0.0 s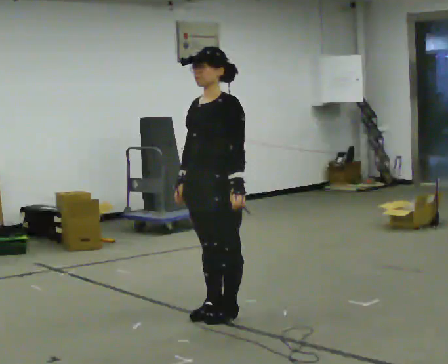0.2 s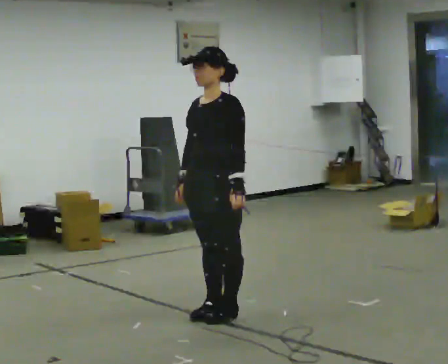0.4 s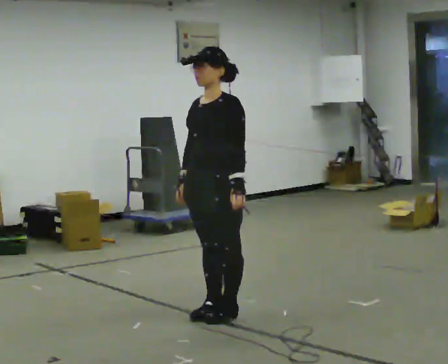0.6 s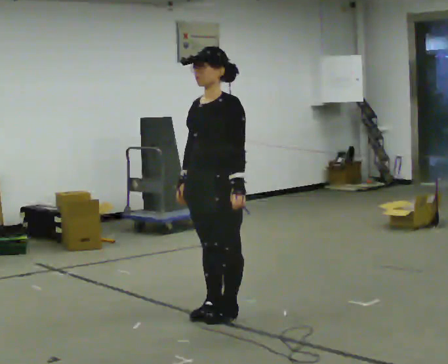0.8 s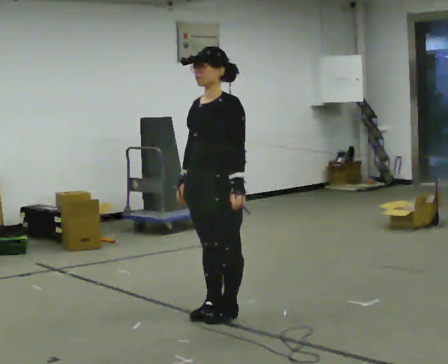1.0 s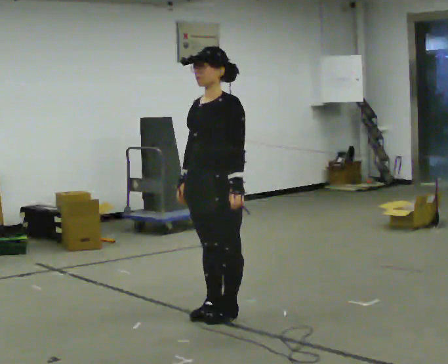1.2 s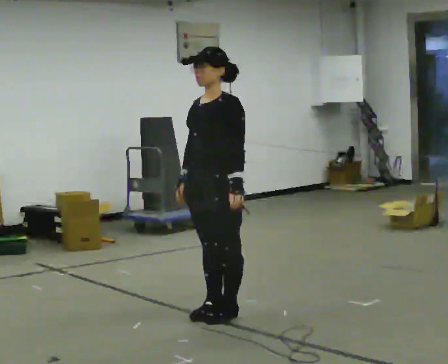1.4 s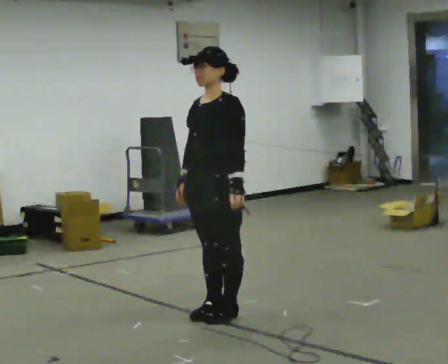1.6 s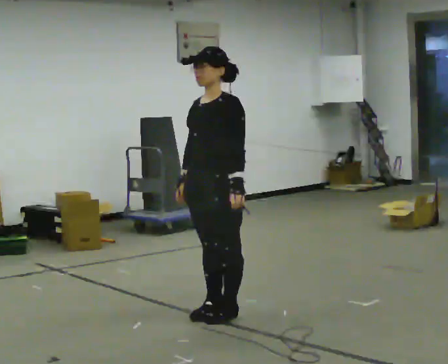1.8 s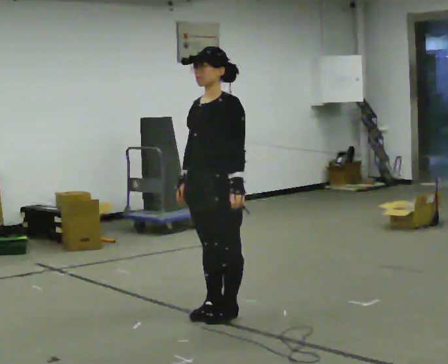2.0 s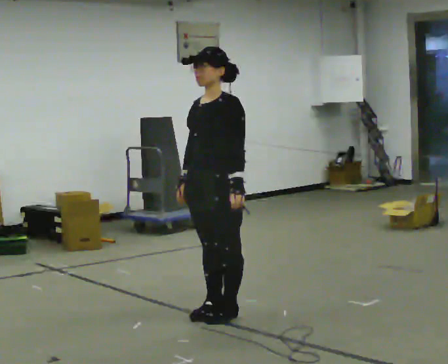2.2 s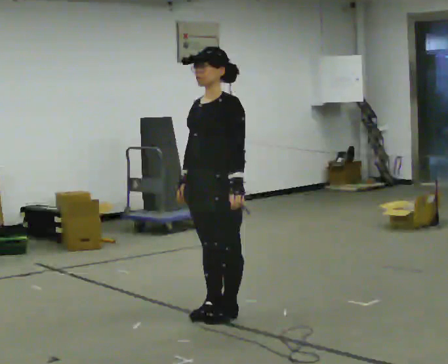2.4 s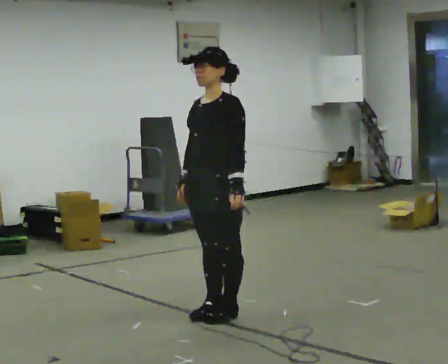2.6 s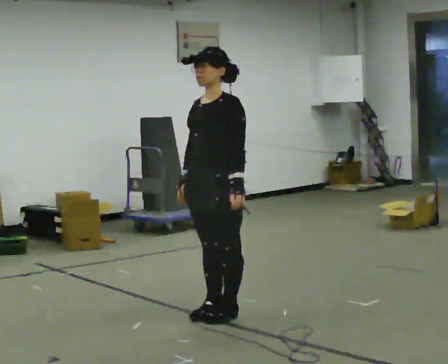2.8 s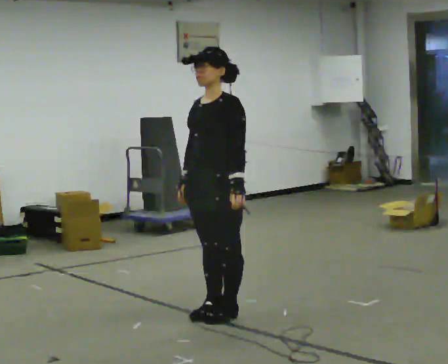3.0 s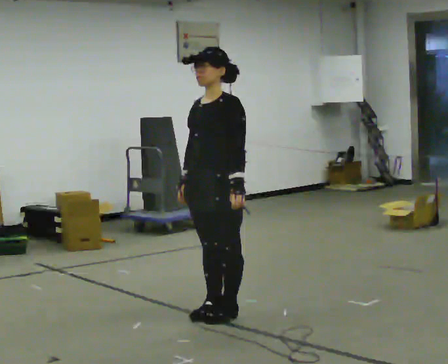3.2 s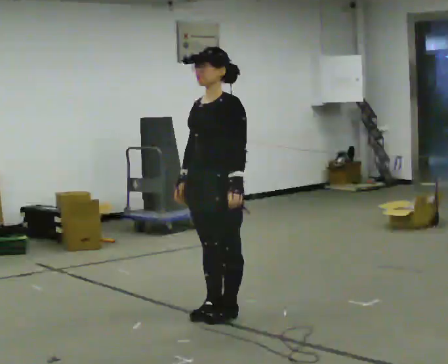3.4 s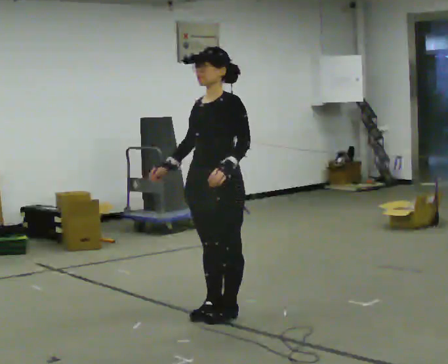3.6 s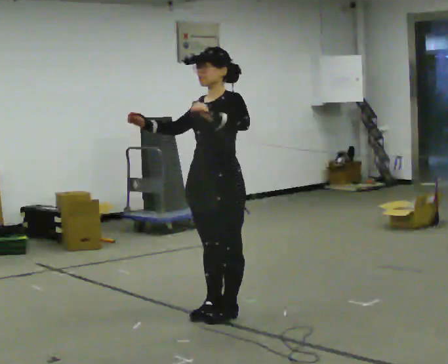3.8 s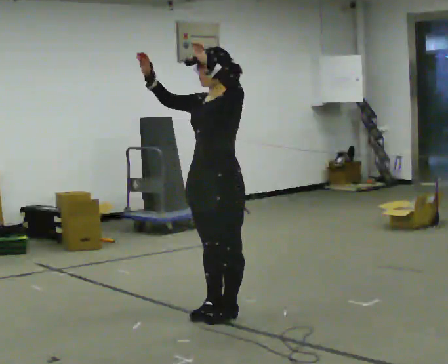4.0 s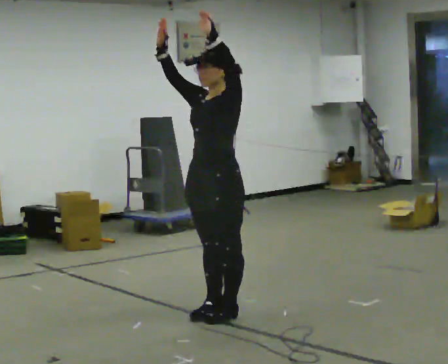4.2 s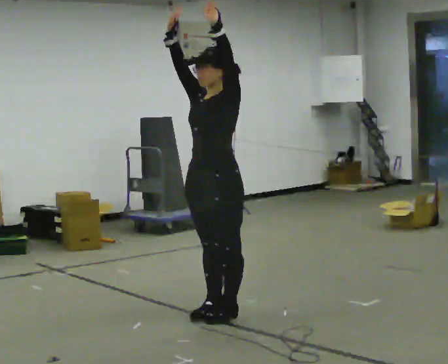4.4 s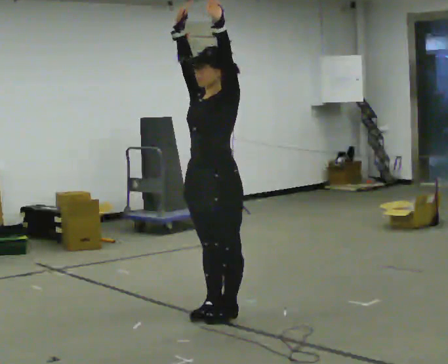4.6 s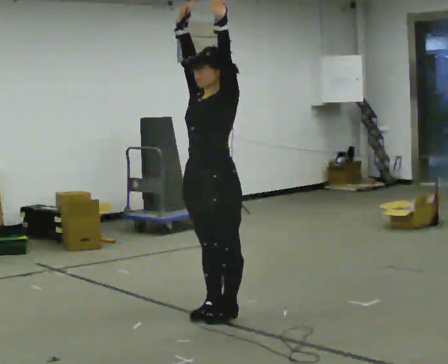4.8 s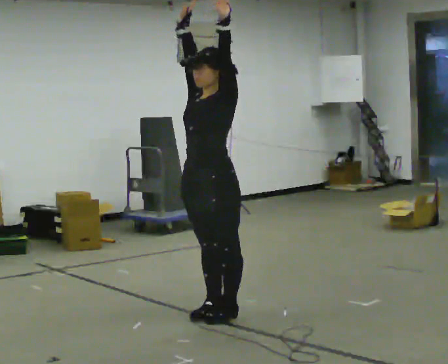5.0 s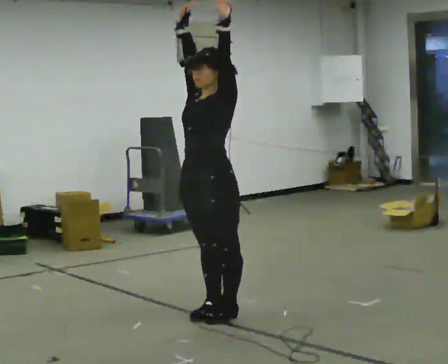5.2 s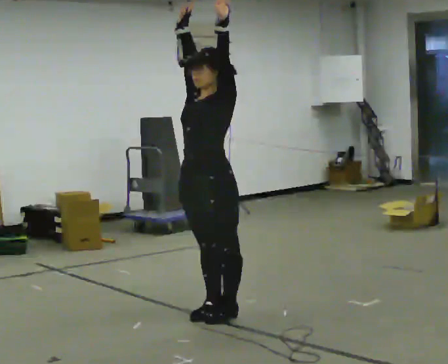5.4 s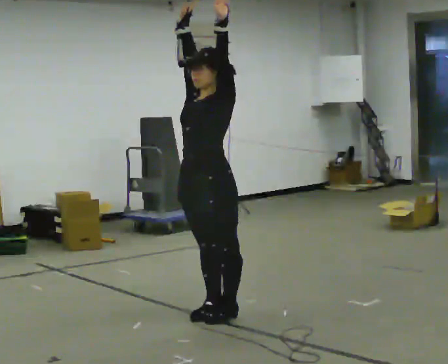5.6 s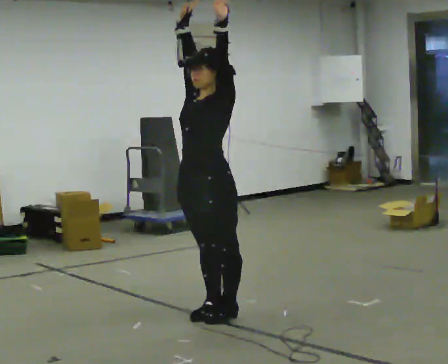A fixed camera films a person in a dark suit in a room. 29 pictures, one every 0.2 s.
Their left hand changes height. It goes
upward.
Their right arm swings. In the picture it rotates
clockwise.
0.0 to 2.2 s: The person keeps their place and pose.
2.2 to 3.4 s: The person moves a little, or ends about where they began.
3.4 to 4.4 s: In the picture their right hand goes upward, the arm swinging clockwise.
4.4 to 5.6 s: The person moves a little, or ends about where they began.
The film runs forward here.
